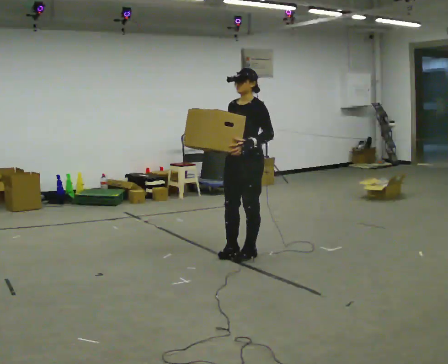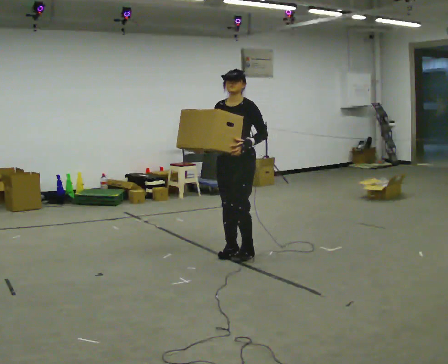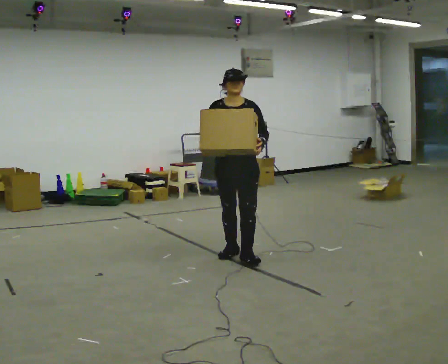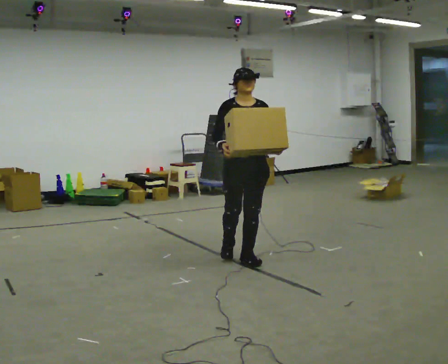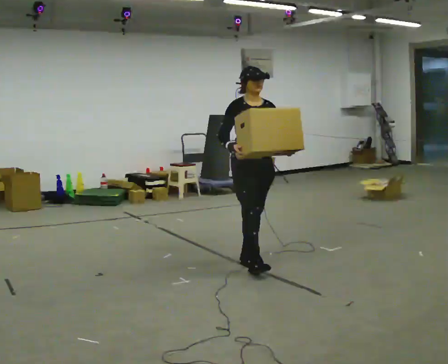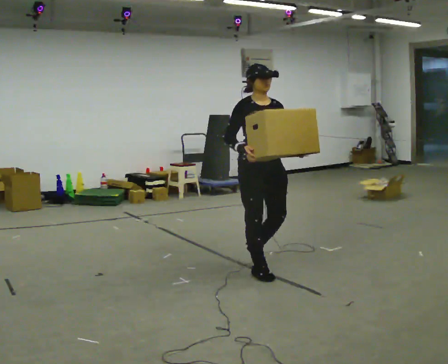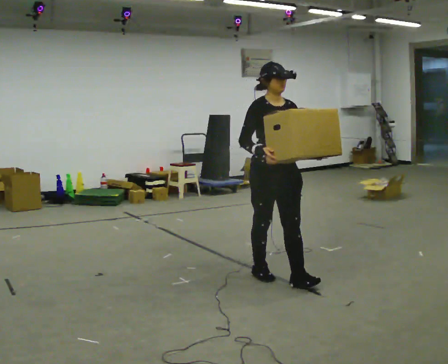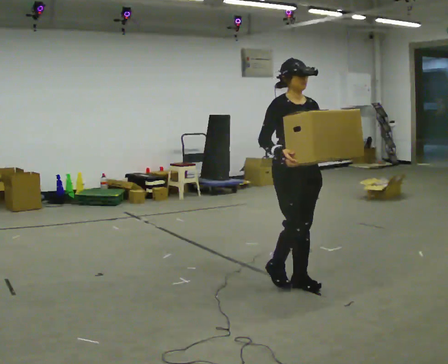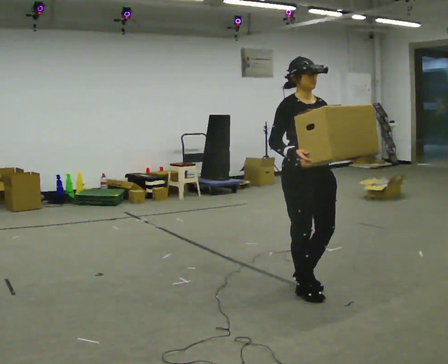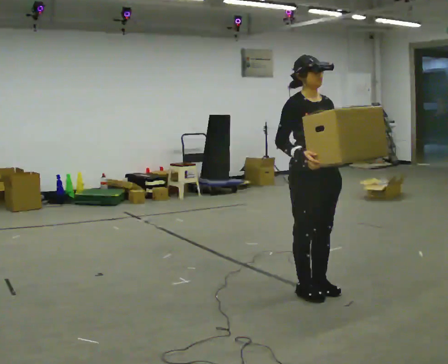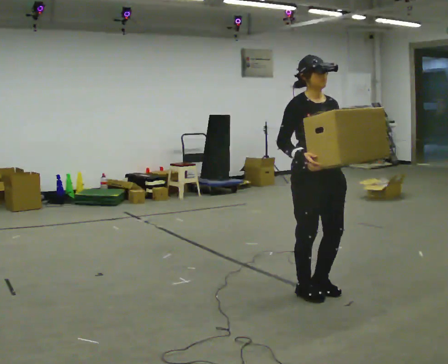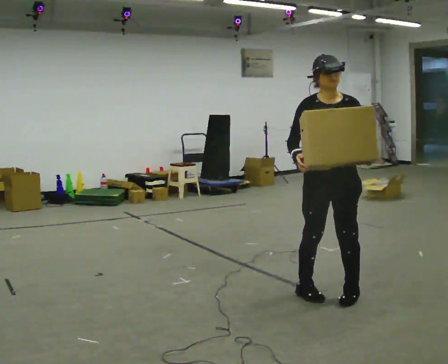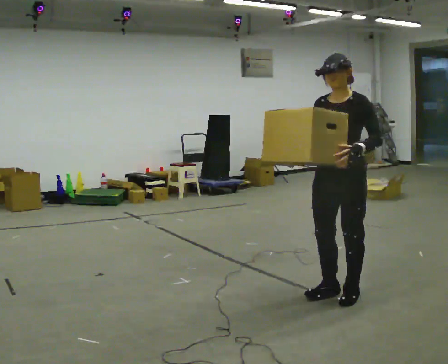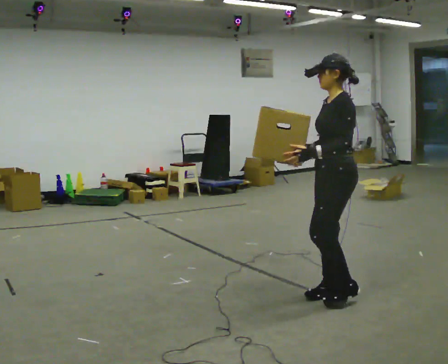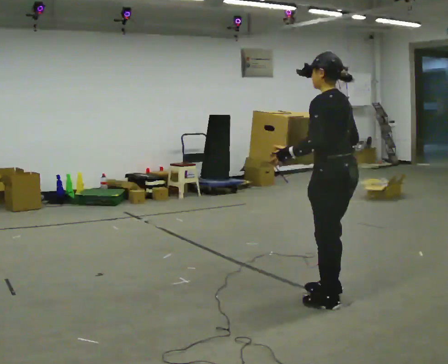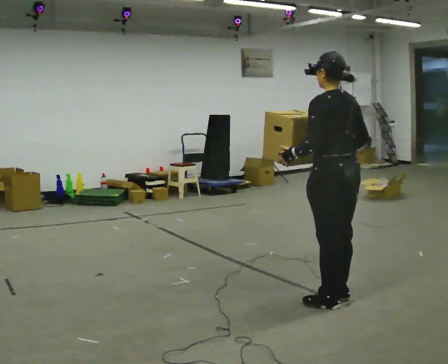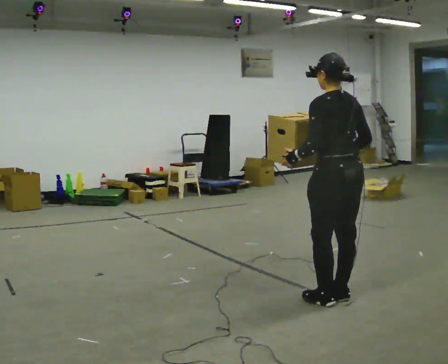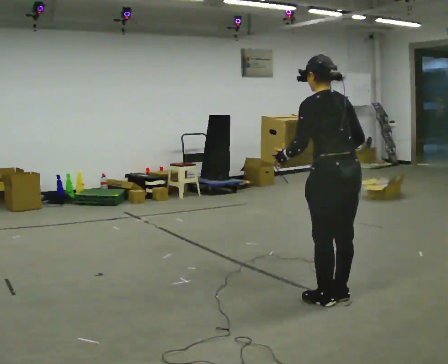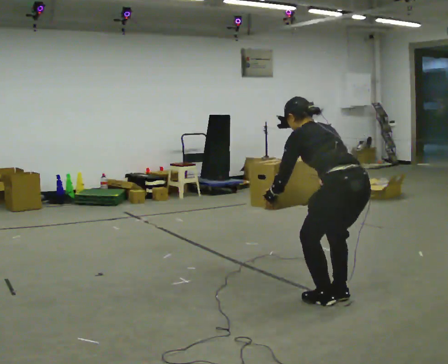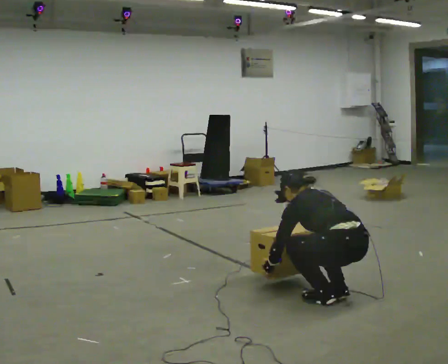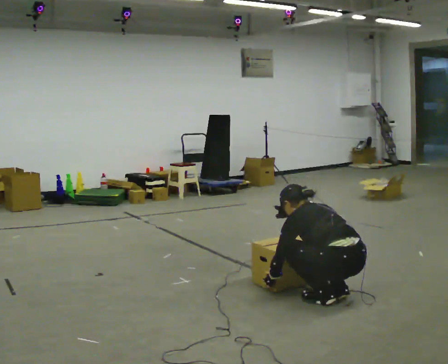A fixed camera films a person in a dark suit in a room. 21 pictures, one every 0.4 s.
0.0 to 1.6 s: The person turns about 75 degrees to their left, counterclockwise seen from above, so the part of the body nearest the lens slides to the right. In the picture they go toward the camera, about 0.25 m in 1 step.
1.6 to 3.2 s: In the picture they go toward the camera and to the right, about 1 m in 3 steps, which for them is forward.
3.2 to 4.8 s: The person turns about 75 degrees to their right, clockwise seen from above, so the part of the body nearest the lens slides to the left. In the picture they go to the right, about 0.25 m in 3 steps.
4.8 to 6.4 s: Seen from above the body turns clockwise, about 105 degrees: to their right, with its near side sliding to the left. In the picture their right hand goes to the right, the arm swinging counterclockwise.
6.4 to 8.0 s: The upper body goes downward. The upper body tips away from the camera, its near side rolling upward, as they bend forward. In the picture their right hand goes downward.
The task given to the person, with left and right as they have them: Carry the box along the marked route, turning 90 degrees at the corner the operator calls, and set it down at the end. Keep going until the operator says stop; one object at a time, and do not rush between trips.
The film runs forward here.
